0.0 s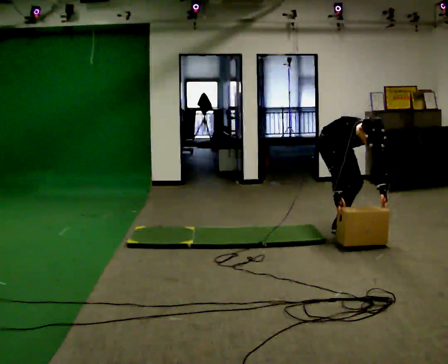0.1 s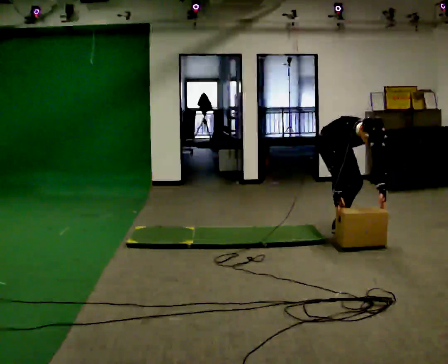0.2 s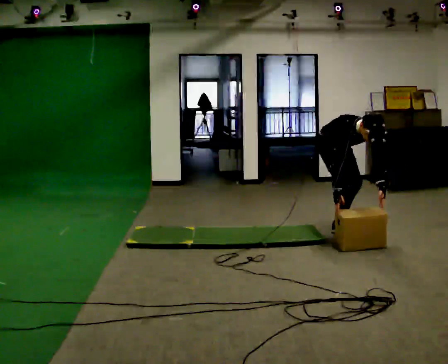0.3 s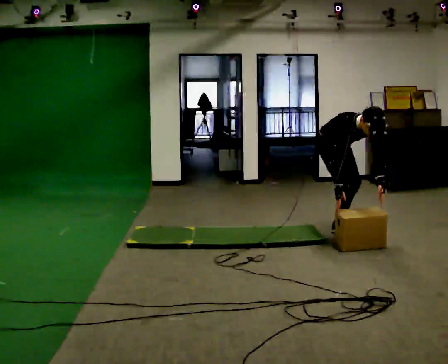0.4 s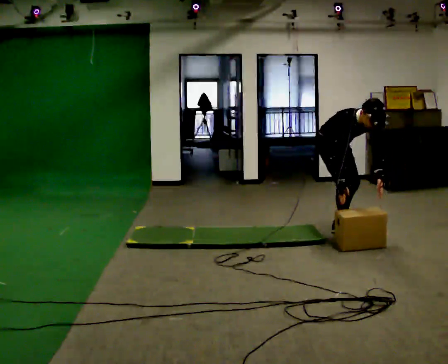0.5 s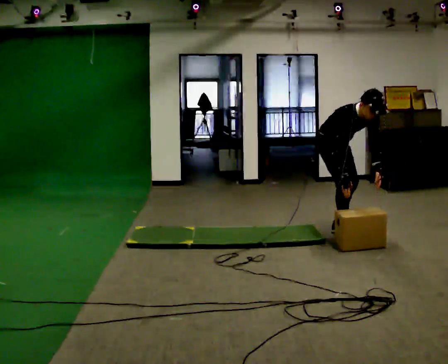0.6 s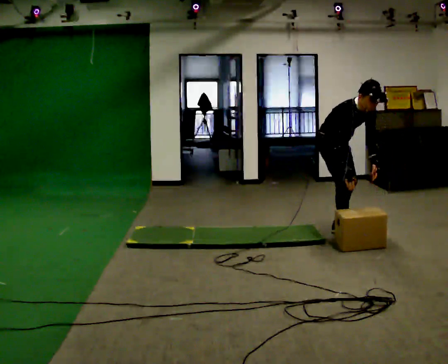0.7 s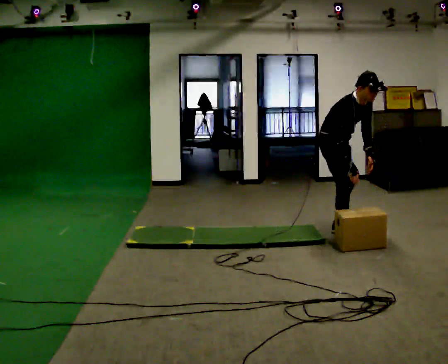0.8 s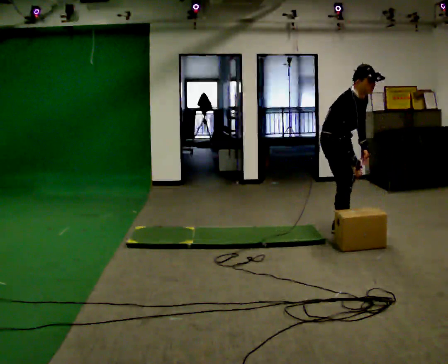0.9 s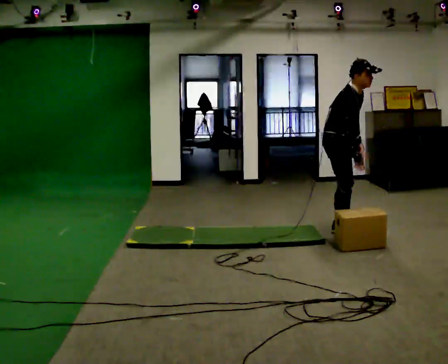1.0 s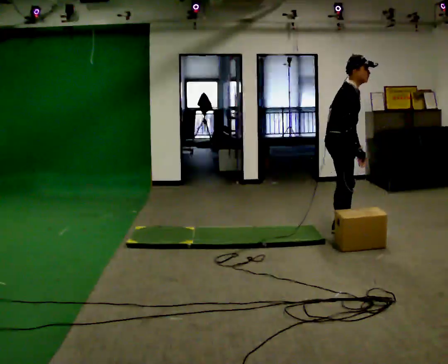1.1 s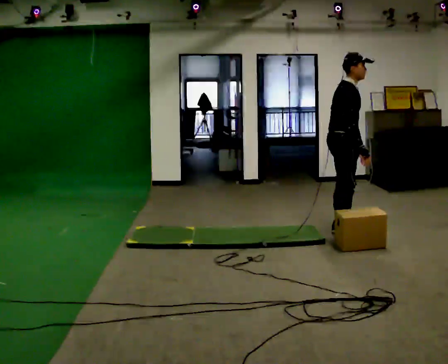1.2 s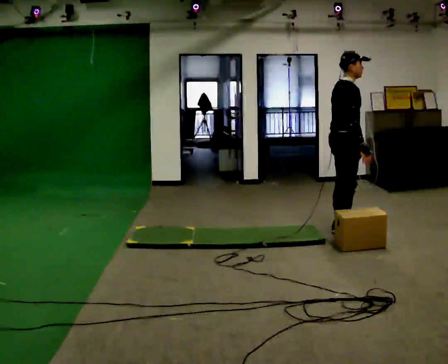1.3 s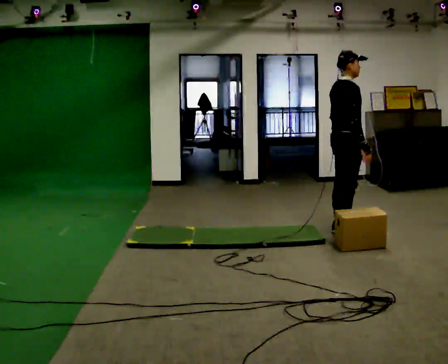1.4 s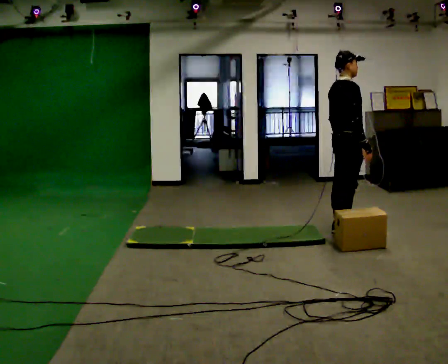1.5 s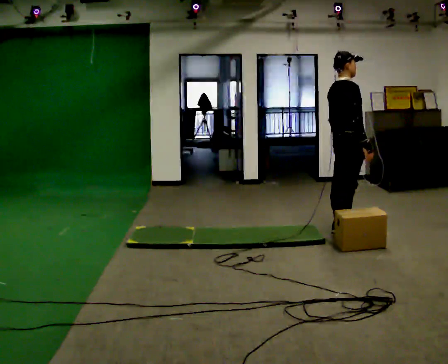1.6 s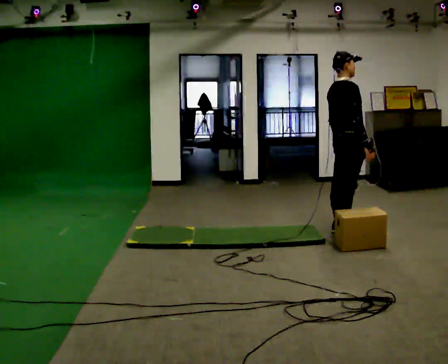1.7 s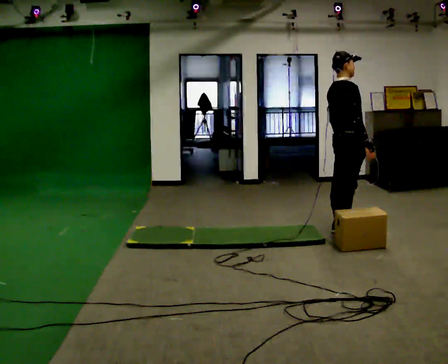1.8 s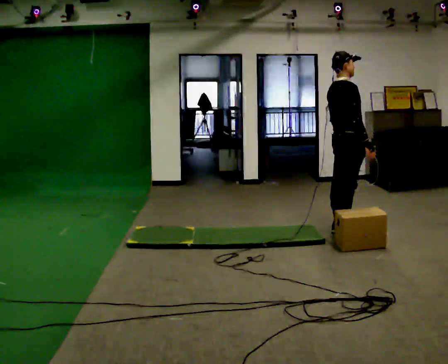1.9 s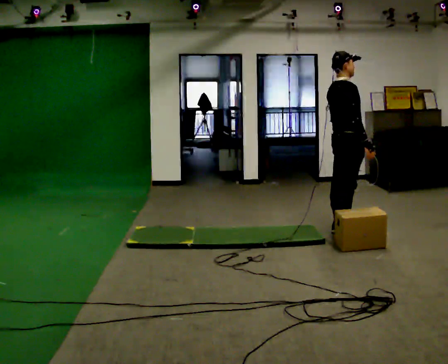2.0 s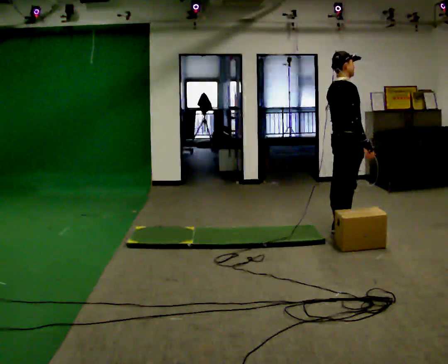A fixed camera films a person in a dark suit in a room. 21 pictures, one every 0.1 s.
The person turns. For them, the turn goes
to their left.
The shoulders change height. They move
upward.
0.0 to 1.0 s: The part of the body nearest the lens slides to the right as the person turns to their left by about 45 degrees. The upper body goes upward. The upper body tips away from the camera, its near side rolling upward, as they lean back or straighten. In the picture their left hand goes upward and to the left.
1.0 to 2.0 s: In the picture the upper body tilts counterclockwise, shoulders to the left, as they lean back or straighten.
The film runs forward here.
